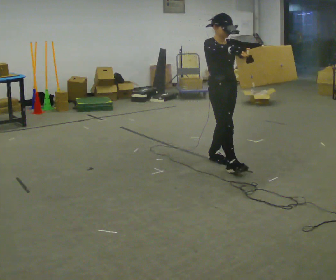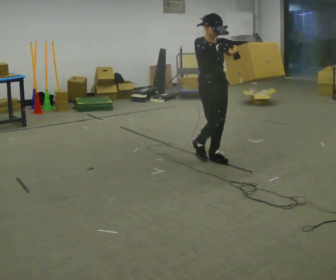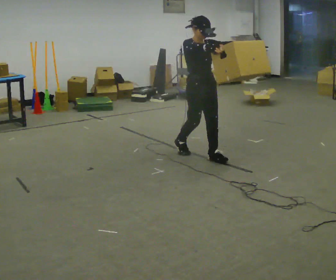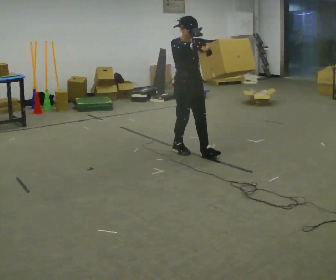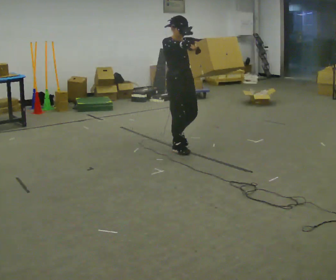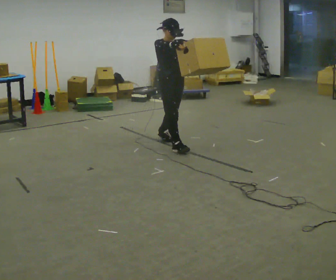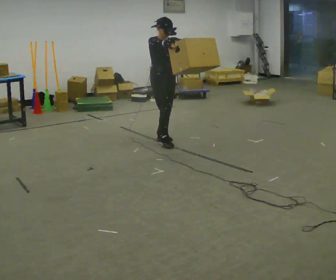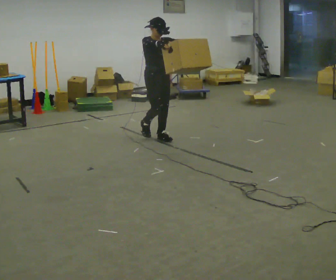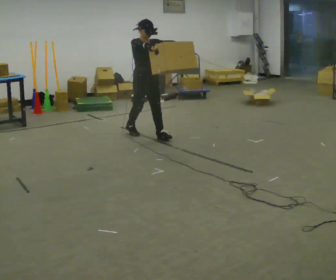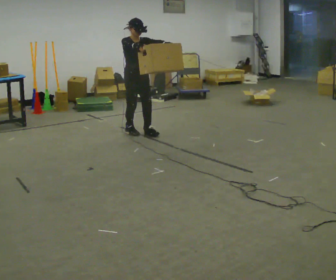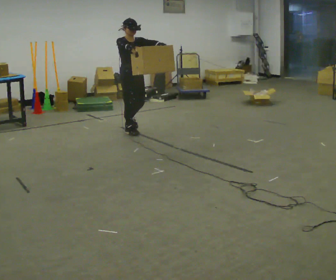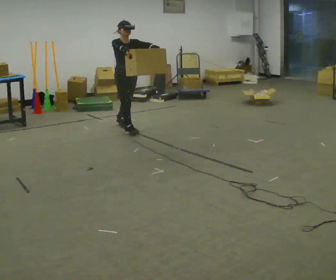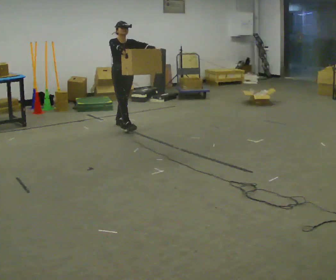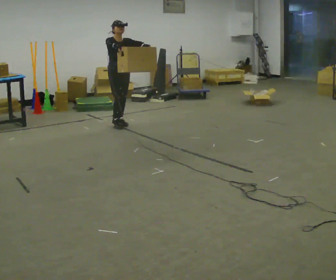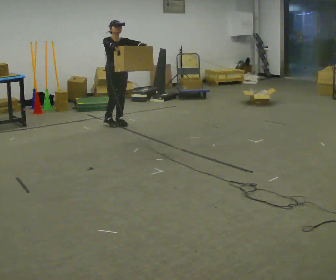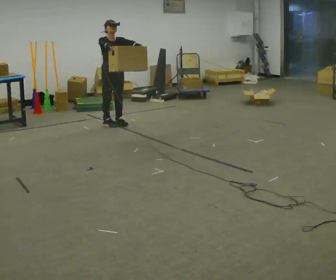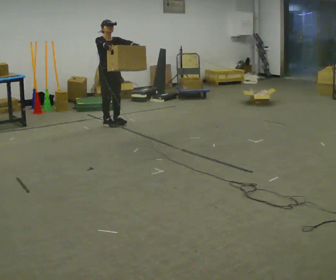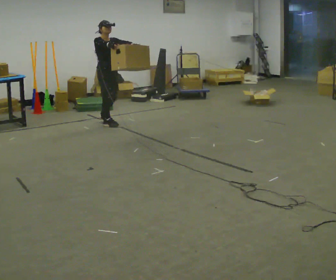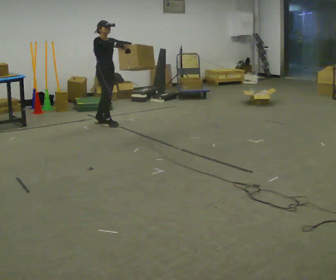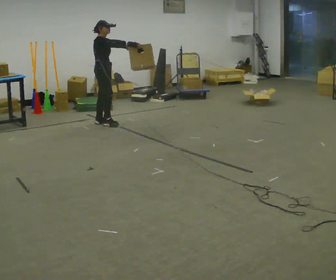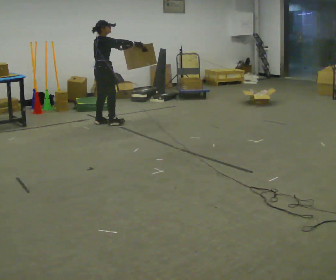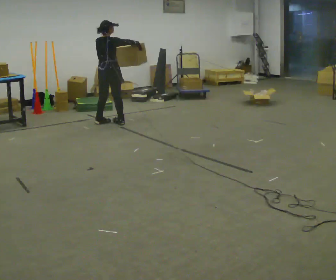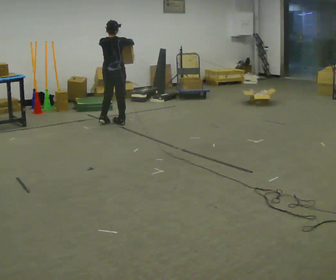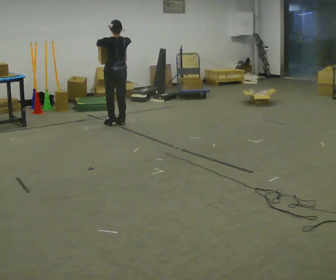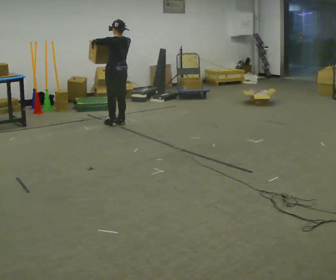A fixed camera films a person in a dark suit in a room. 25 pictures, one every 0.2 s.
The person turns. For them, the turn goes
to their left.
The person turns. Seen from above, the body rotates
counterclockwise.
0.0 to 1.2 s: In the picture they go away from the camera and to the left, about 1 m in 2 steps, which for them is backward.
1.2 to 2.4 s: In the picture they go away from the camera and to the left, about 1 m in 2 steps, which for them is backward.
2.4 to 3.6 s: The person turns about 30 degrees to their left, counterclockwise seen from above, so the part of the body nearest the lens slides to the right. In the picture they go to the left and away from the camera, about 0.25 m in 1 step, which for them is backward.
3.6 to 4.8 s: Seen from above the body turns counterclockwise, about 150 degrees: to their left, with its near side sliding to the right. In the picture they go to the right, about 0.25 m in 2 steps.
The film runs backward here.
